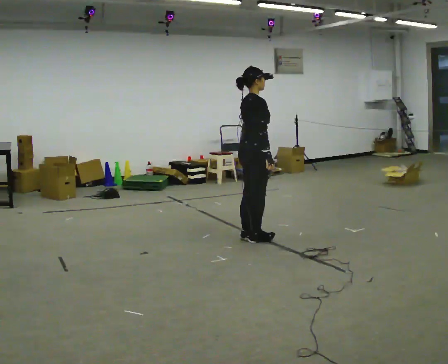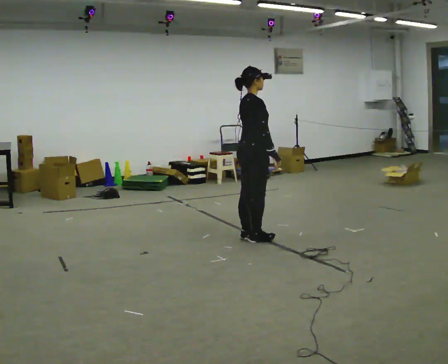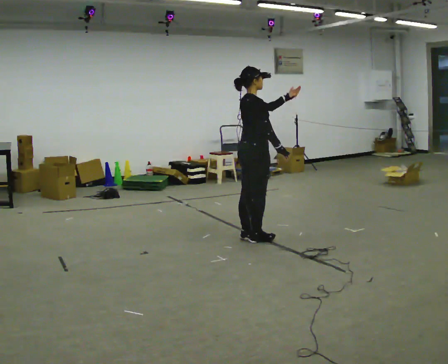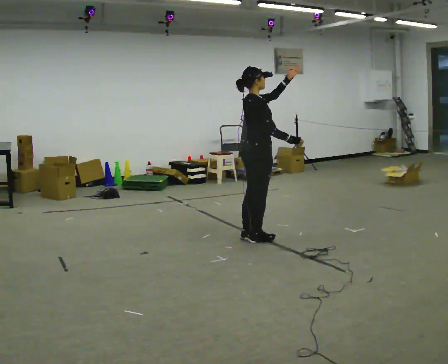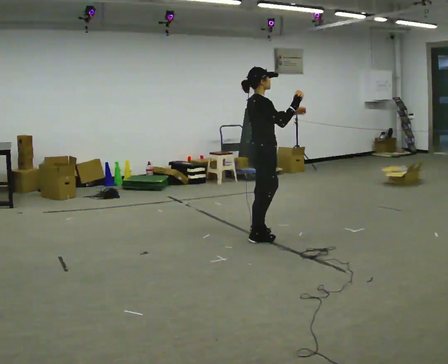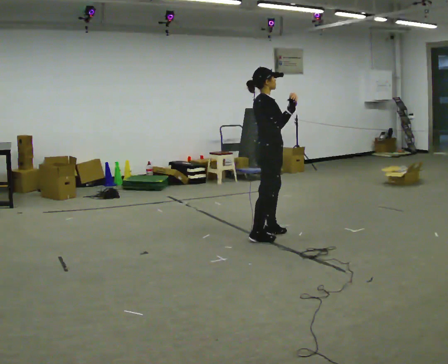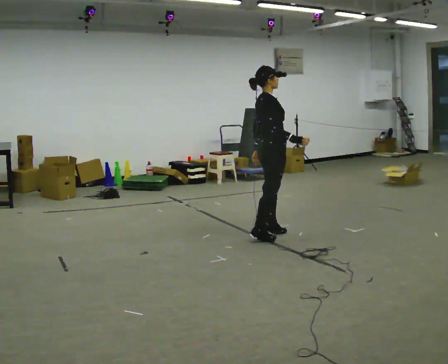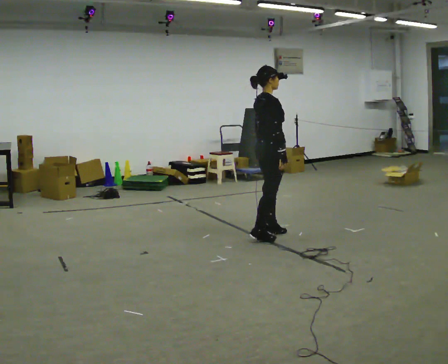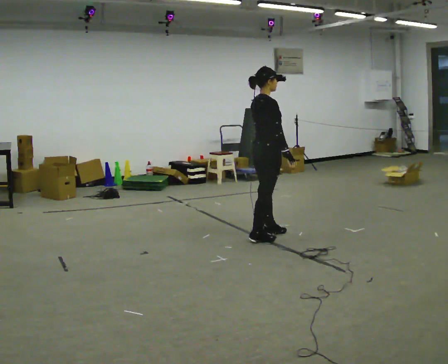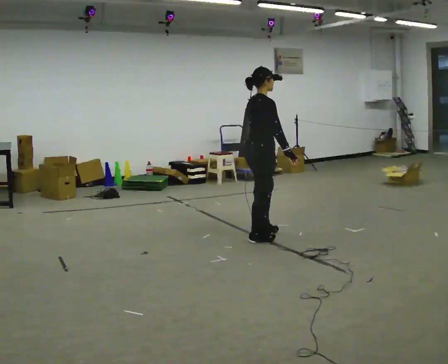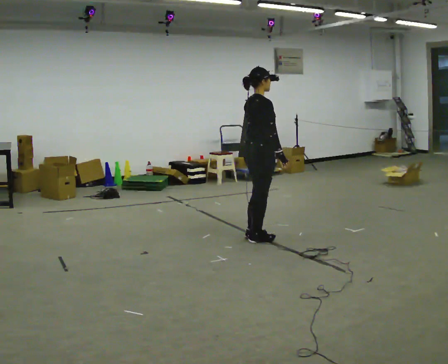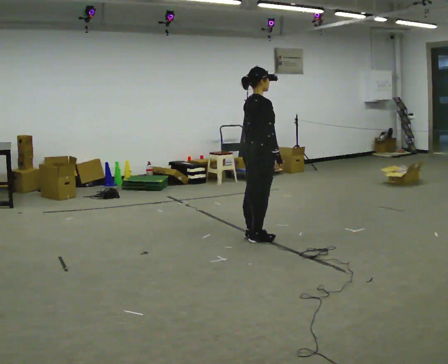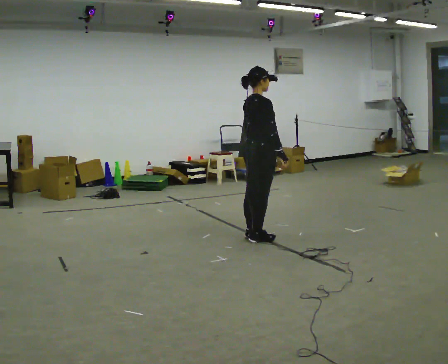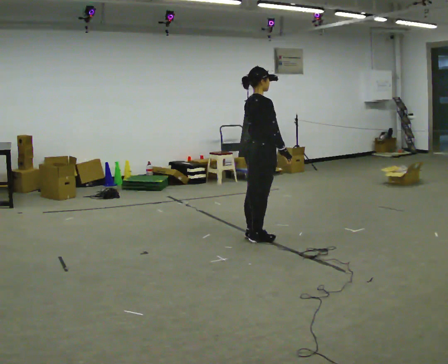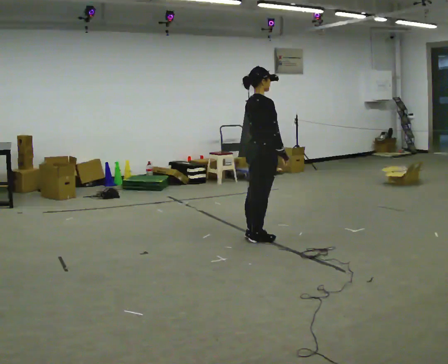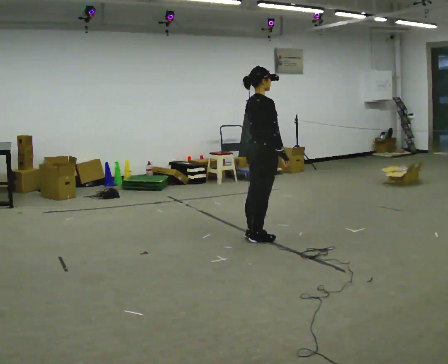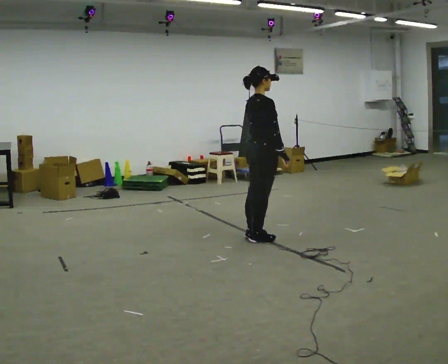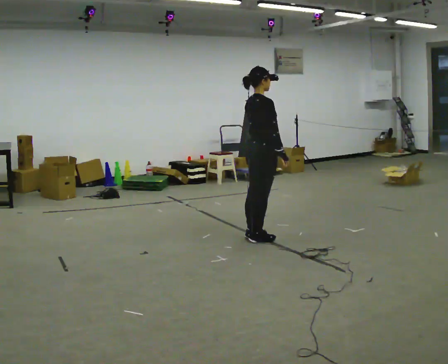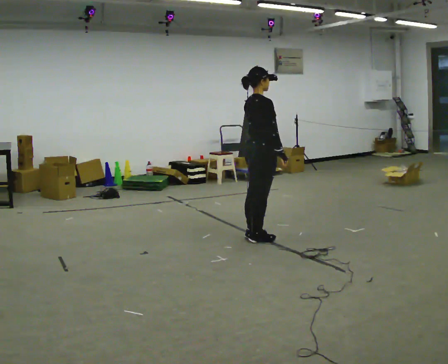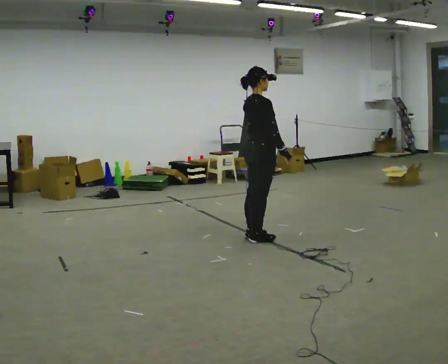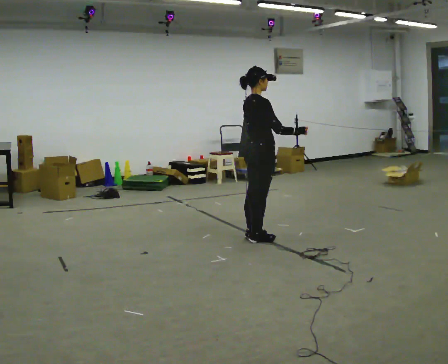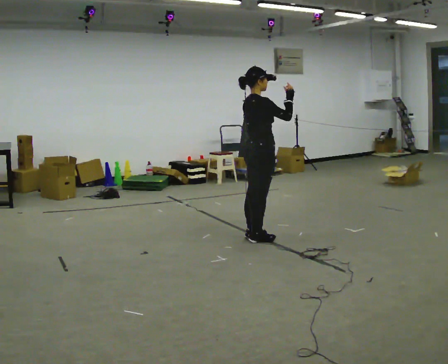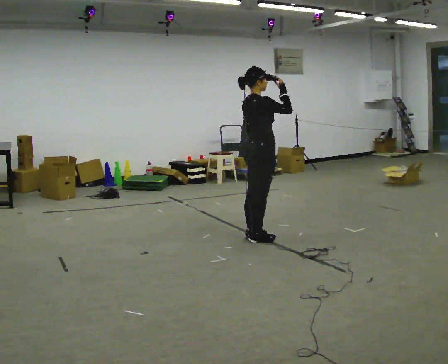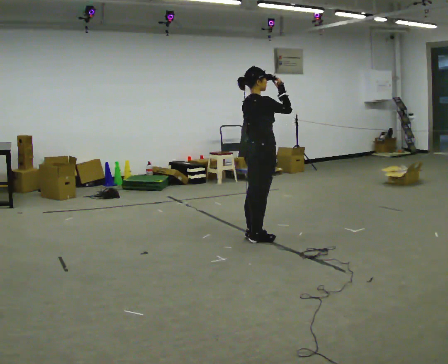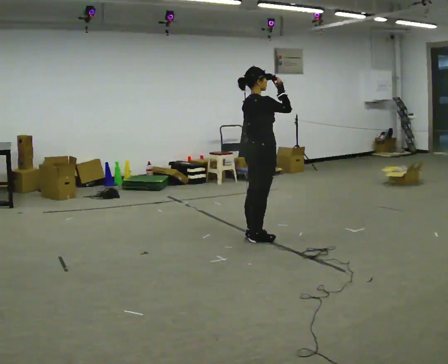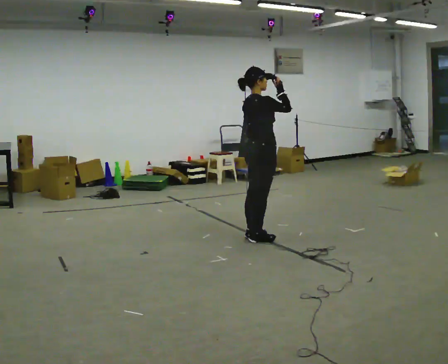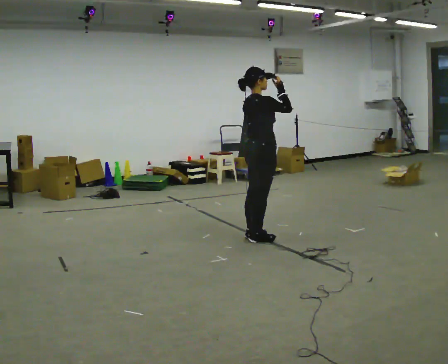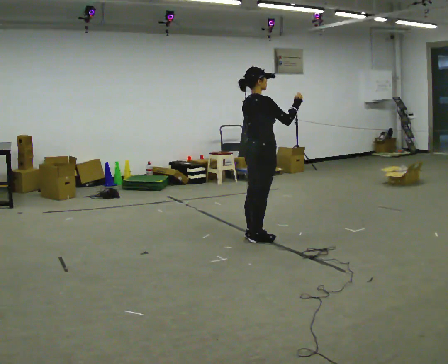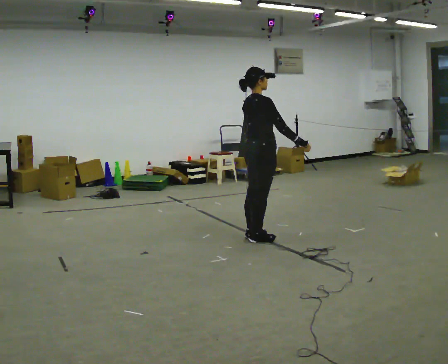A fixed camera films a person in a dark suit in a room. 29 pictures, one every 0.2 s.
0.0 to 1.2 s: In the picture they go to the right, about 0.25 m in 1 step, which for them is forward.
1.2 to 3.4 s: The person moves a little, or ends about where they began.
3.4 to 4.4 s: In the picture their right hand goes upward.
4.4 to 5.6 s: In the picture their right hand goes downward.
The film runs forward here.
